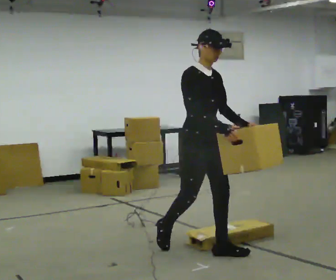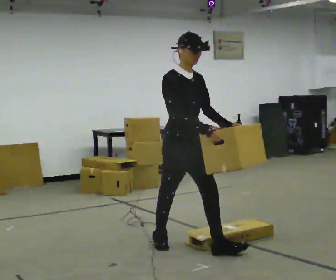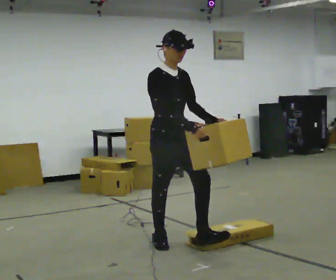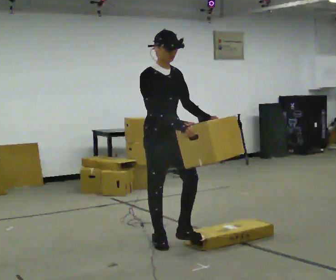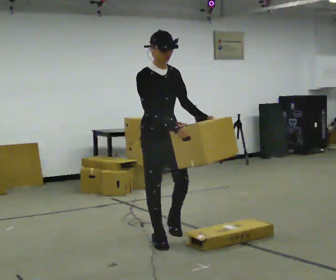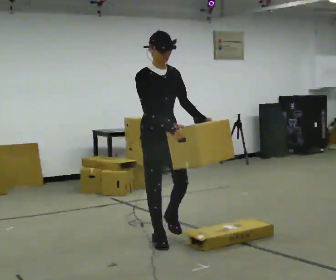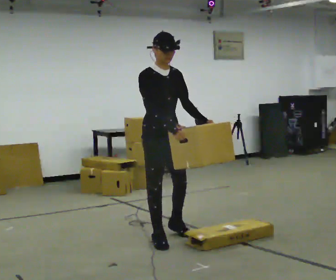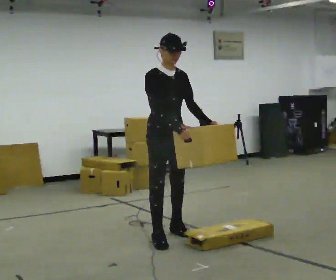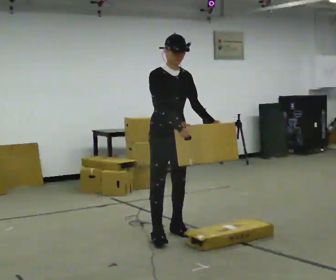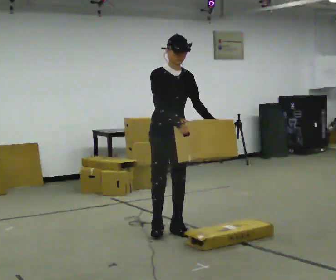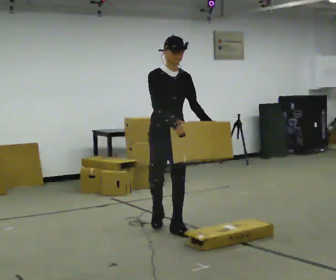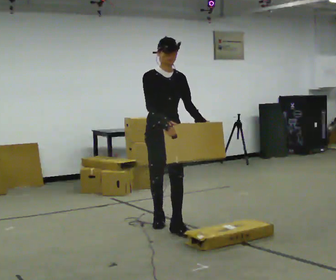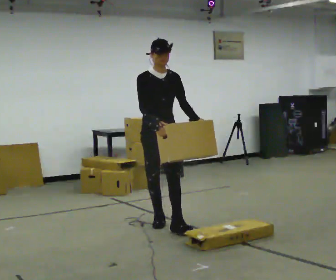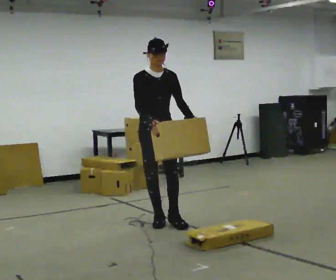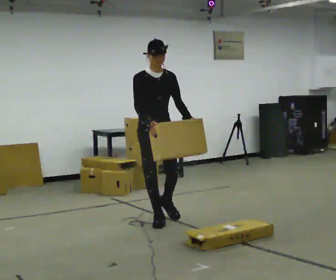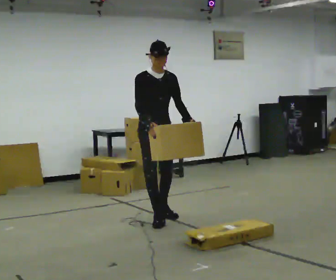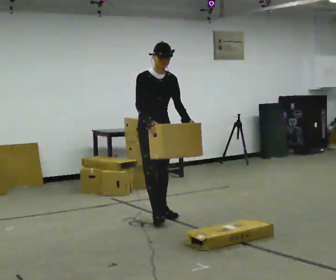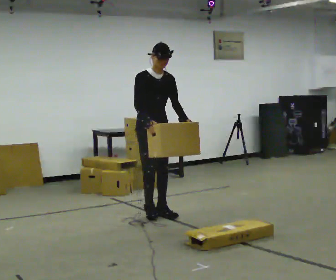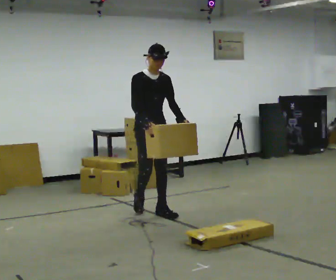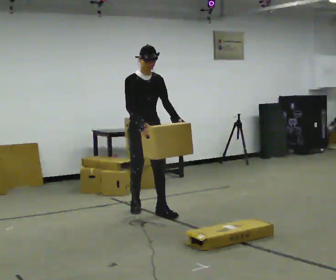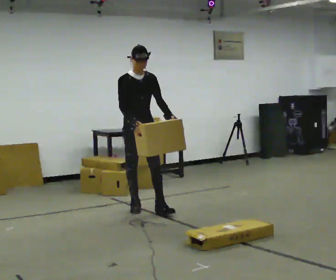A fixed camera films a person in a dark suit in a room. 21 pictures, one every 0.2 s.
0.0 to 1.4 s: In the picture they go away from the camera and to the left, about 0.5 m in 1 step, which for them is backward.
1.4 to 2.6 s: In the picture they go away from the camera, about 0.5 m in 2 steps, which for them is backward.
2.6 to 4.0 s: In the picture they go away from the camera, about 0.5 m in 2 steps, which for them is backward.
The film runs backward here.
